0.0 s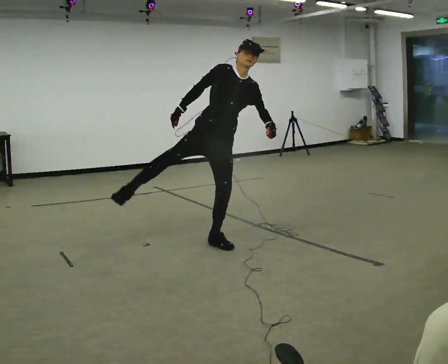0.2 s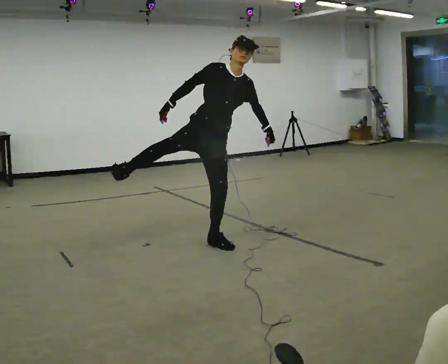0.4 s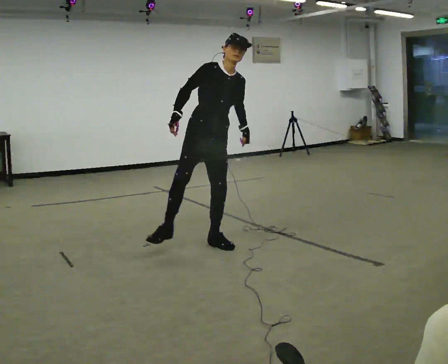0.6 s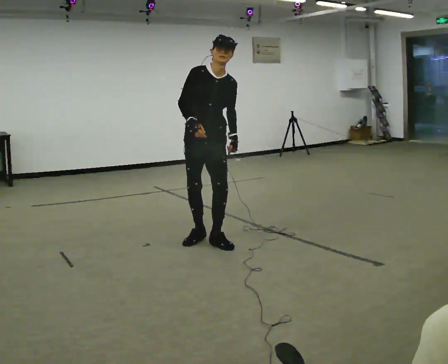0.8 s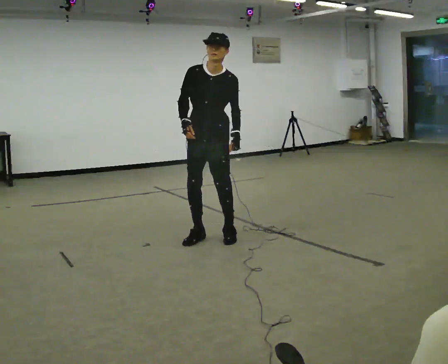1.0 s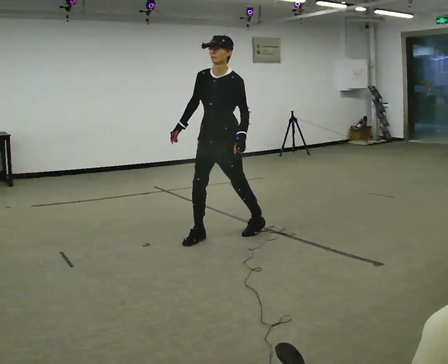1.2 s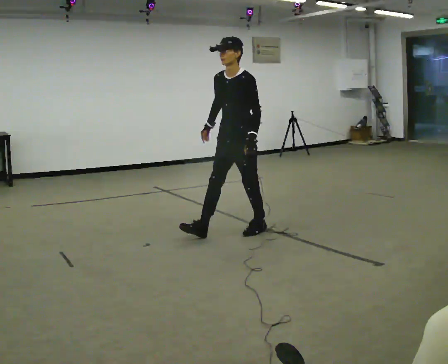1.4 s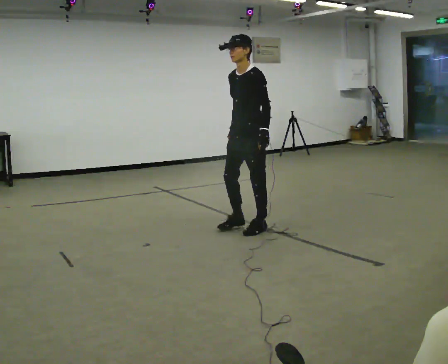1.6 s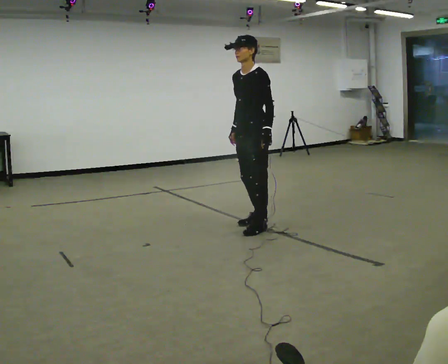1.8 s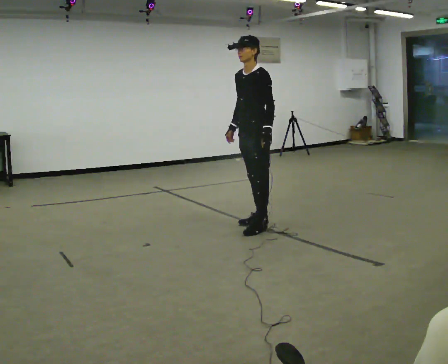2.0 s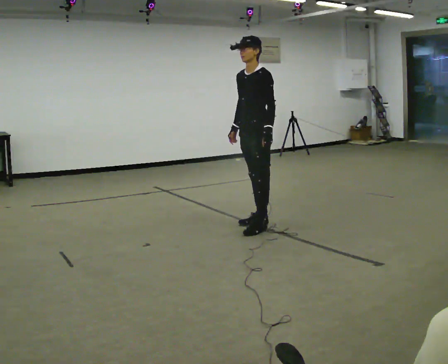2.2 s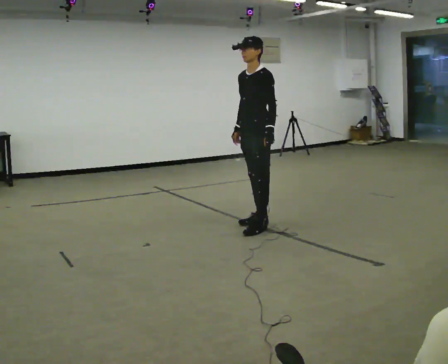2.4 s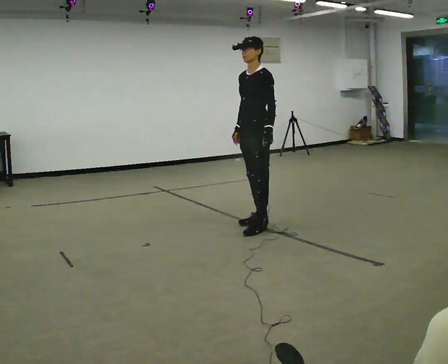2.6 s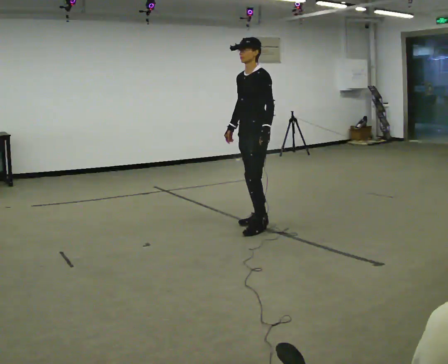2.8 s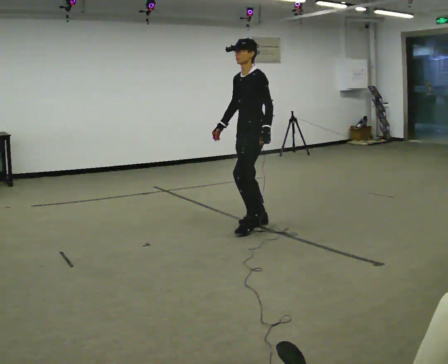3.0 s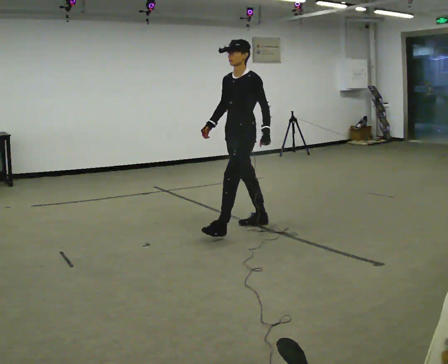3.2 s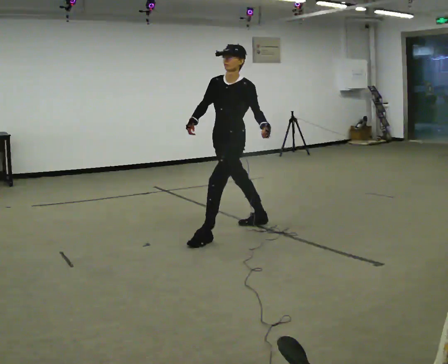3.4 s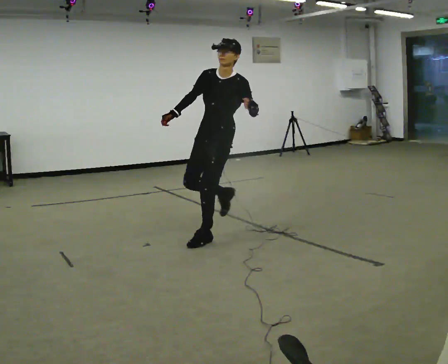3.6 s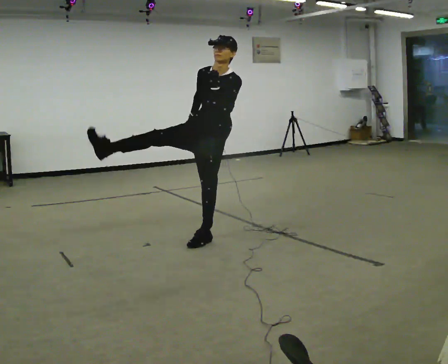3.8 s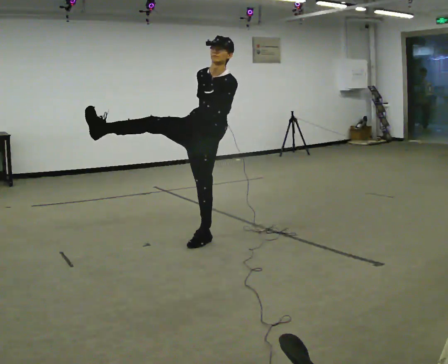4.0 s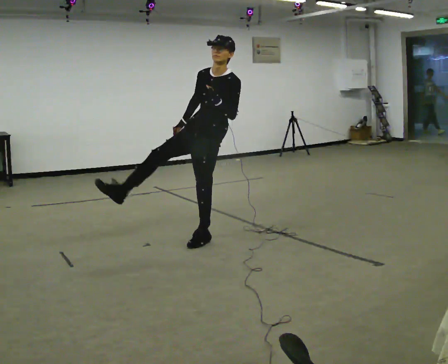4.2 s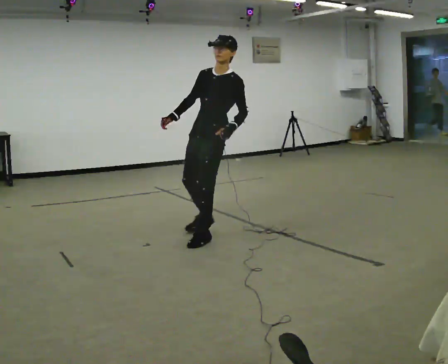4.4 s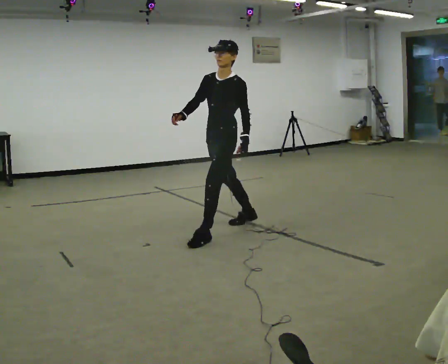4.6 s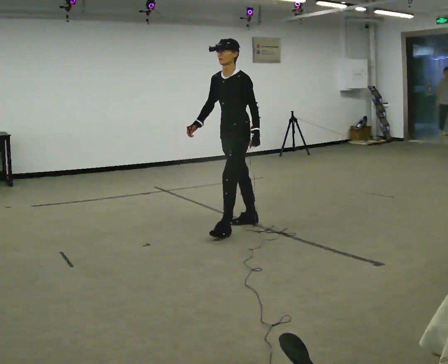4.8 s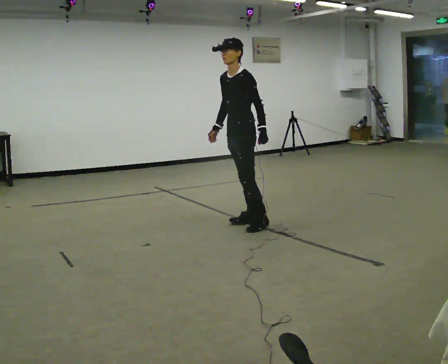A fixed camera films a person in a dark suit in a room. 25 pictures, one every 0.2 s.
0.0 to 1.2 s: The person turns about 60 degrees to their right, clockwise seen from above, so the part of the body nearest the lens slides to the left. In the picture they go to the right and away from the camera, about 0.25 m in 2 steps. In the picture the upper body tilts counterclockwise, shoulders to the left.
1.2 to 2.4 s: In the picture they go away from the camera, about 0.25 m in 1 step, which for them is backward.
2.4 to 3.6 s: In the picture they go toward the camera and to the left, about 0.5 m in 1 step, which for them is forward. In the picture their left hand goes upward.
3.6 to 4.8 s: Seen from above the body turns clockwise, about 30 degrees: to their right, with its near side sliding to the left. In the picture they go away from the camera and to the right, about 0.5 m, which for them is backward. In the picture their left hand goes downward.
The film runs forward here.
